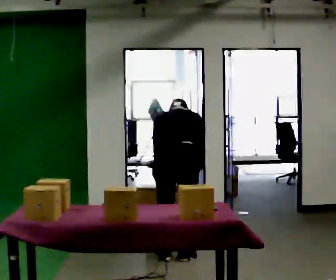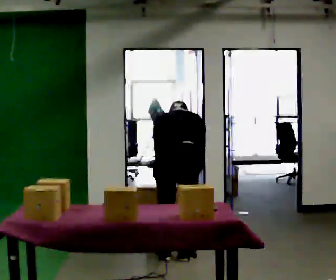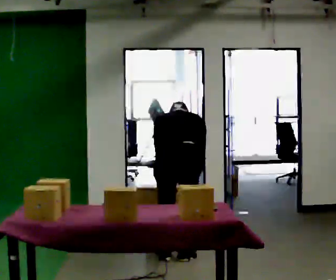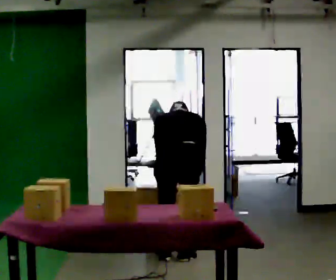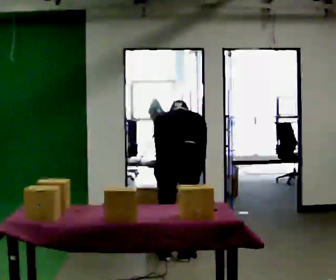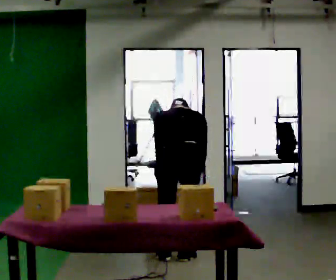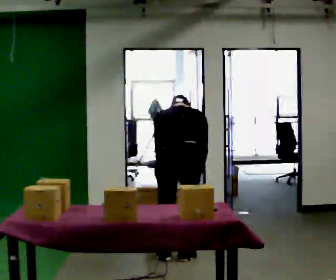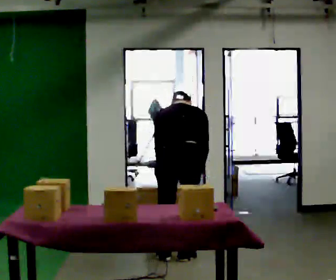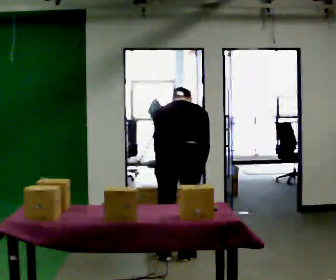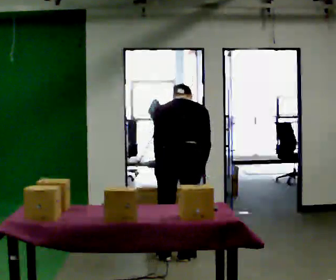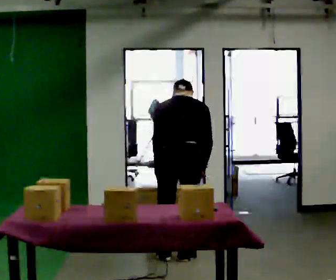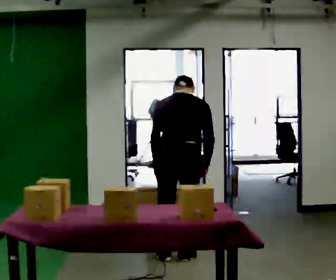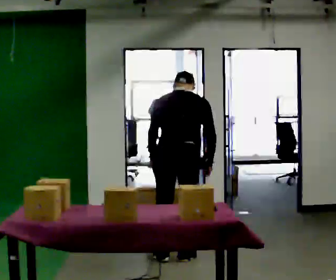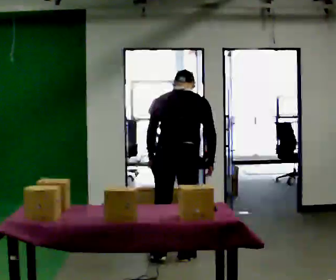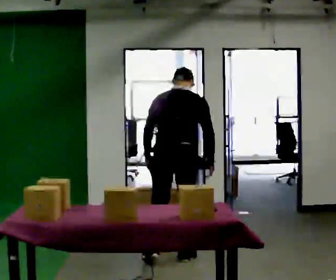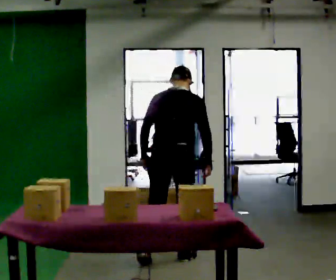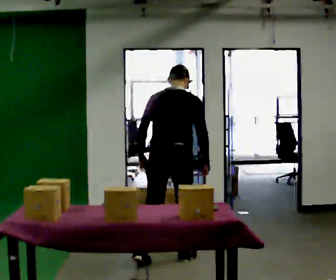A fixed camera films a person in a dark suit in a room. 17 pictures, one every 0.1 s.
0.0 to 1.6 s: The shoulders move upward. The upper body tips toward the camera, its near side rolling downward, as they lean back or straighten.
The film runs backward here.
